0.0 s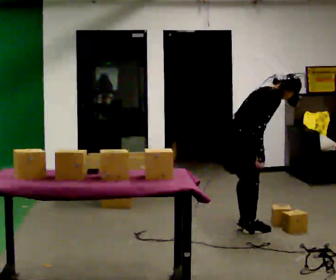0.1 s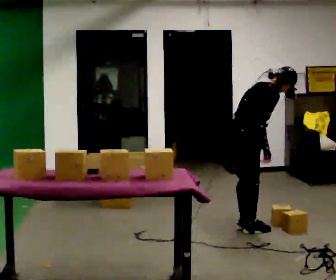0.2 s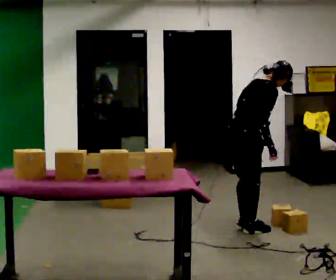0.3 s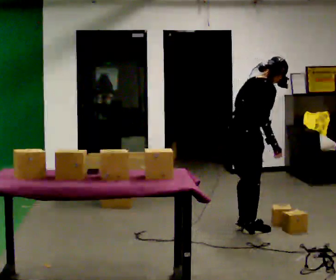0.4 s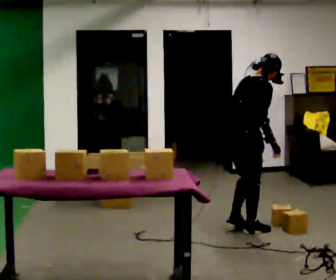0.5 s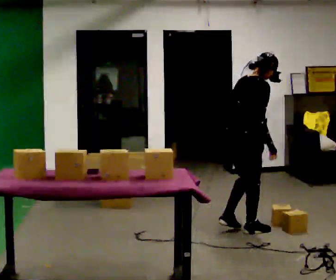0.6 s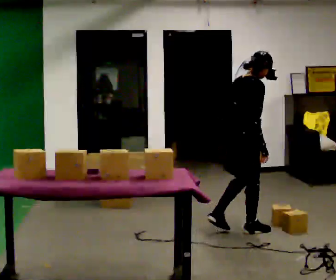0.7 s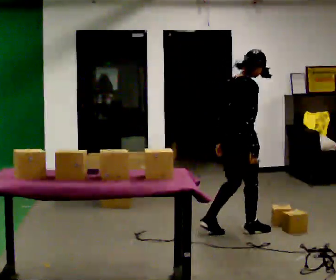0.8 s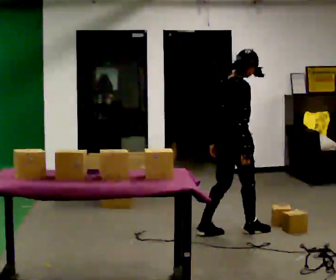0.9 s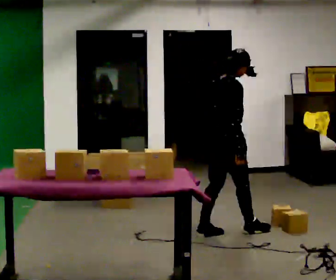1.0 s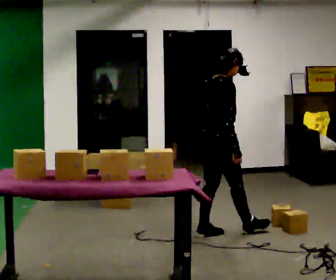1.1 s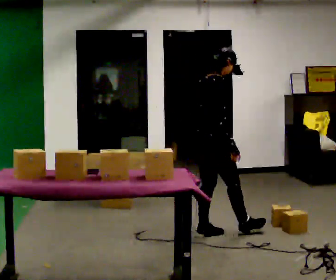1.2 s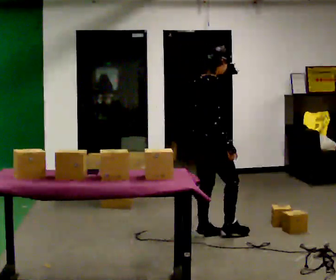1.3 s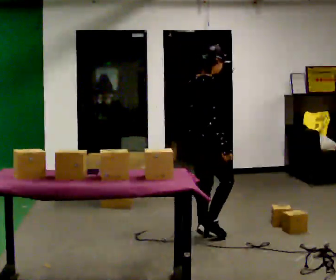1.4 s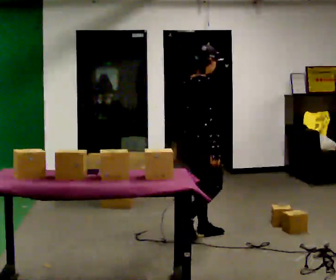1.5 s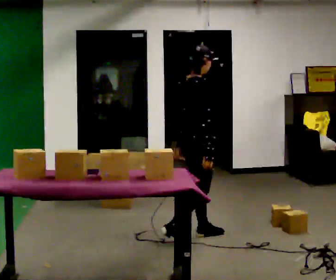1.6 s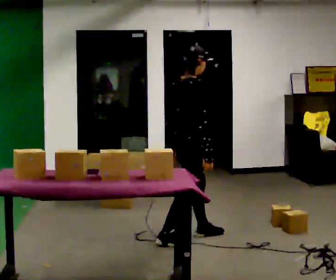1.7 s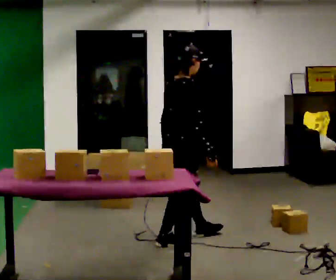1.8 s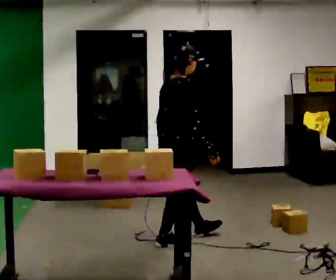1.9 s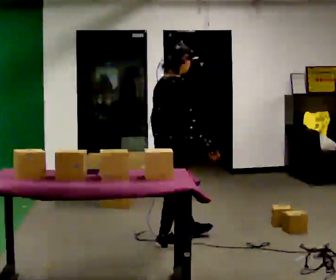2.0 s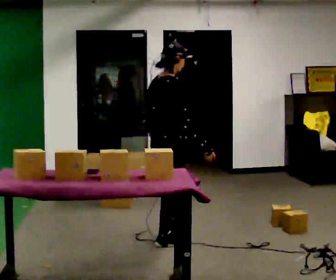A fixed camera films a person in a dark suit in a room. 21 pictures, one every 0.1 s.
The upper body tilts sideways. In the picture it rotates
counterclockwise.
0.0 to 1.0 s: In the picture the upper body tilts counterclockwise, shoulders to the left, as they lean back or straighten.
1.0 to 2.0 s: In the picture they go toward the camera and to the left, about 0.5 m in 2 steps, which for them is backward.
The film runs backward here.
